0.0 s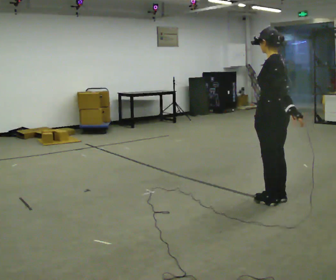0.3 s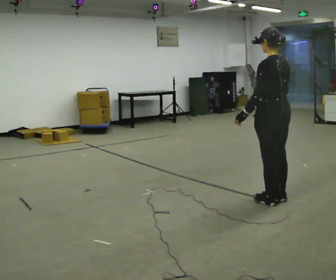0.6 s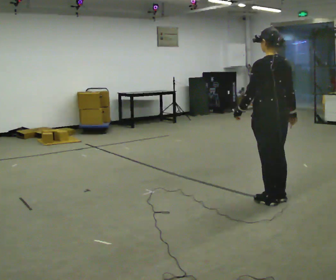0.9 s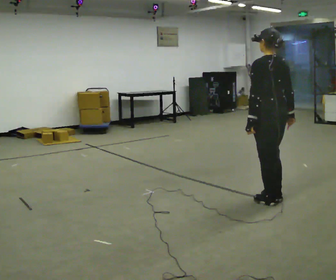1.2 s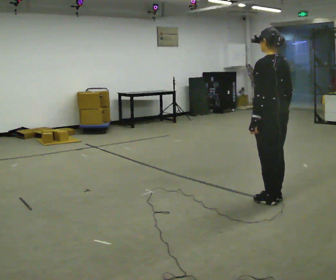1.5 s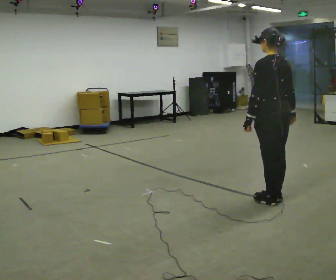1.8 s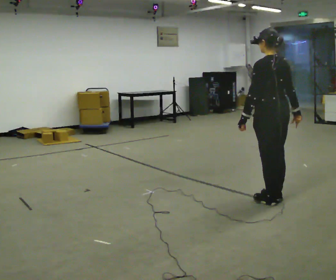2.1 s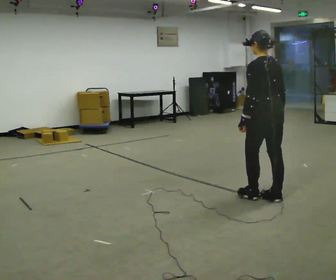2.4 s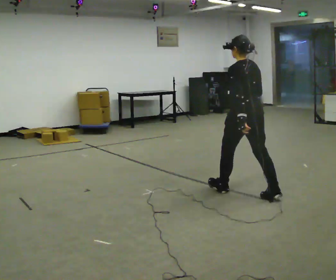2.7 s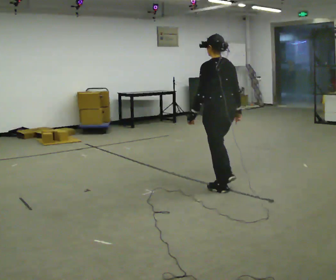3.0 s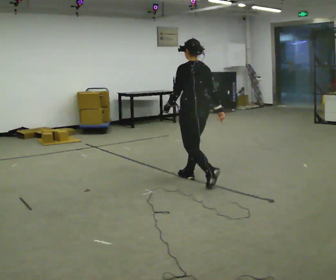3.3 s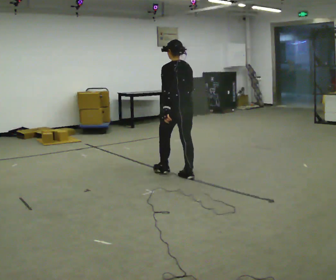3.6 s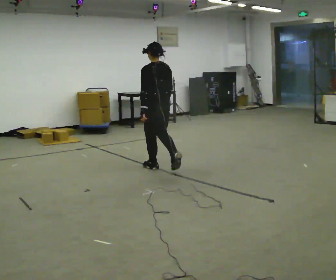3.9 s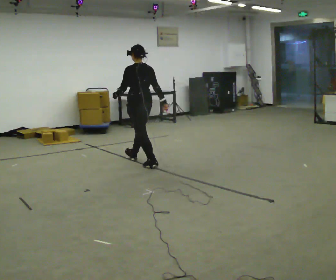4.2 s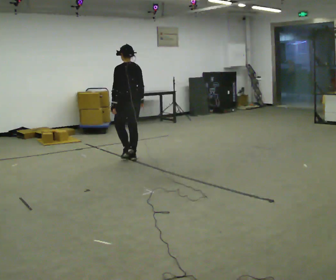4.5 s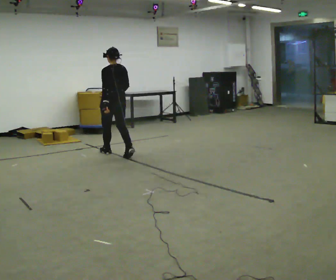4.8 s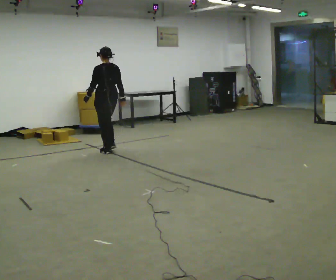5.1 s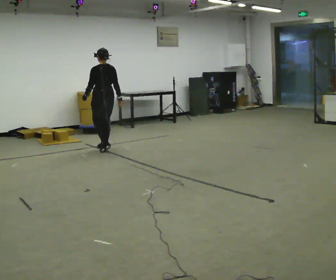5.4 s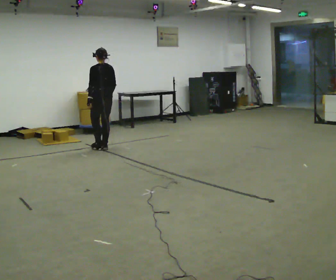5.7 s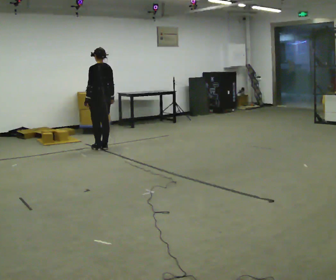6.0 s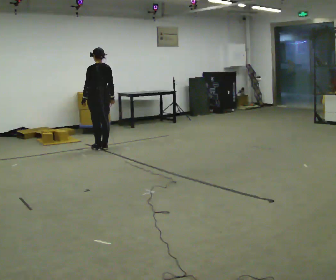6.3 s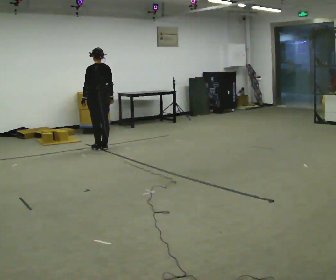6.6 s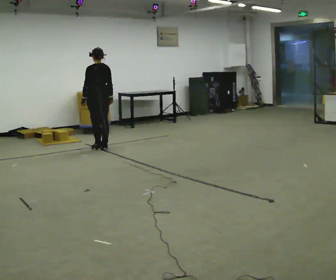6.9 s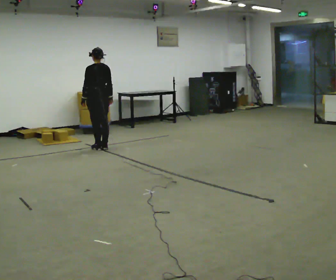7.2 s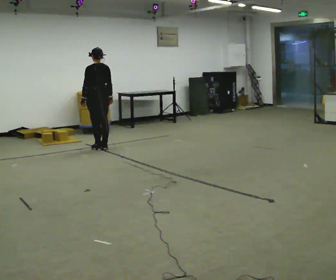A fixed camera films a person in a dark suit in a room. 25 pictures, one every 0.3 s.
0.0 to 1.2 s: The person moves a little, or ends about where they began.
1.2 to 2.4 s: In the picture they go away from the camera and to the left, about 0.25 m in 1 step, which for them is forward.
2.4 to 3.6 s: In the picture they go away from the camera and to the left, about 1.5 m in 2 steps, which for them is forward.
3.6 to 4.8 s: In the picture they go away from the camera and to the left, about 1 m in 2 steps, which for them is forward.
4.8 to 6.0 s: In the picture they go away from the camera, about 0.25 m in 2 steps, which for them is forward.
6.0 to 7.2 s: The person keeps their place and pose.
The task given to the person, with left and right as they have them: Walk normally; at marked point stop as quickly as comfortably possible; remain still.
The film runs forward here.
